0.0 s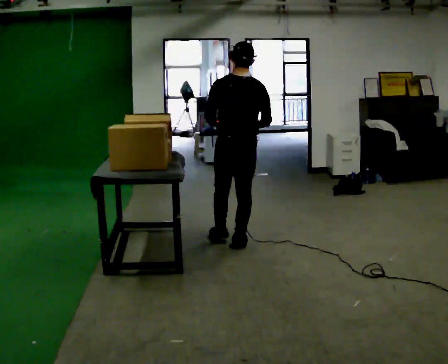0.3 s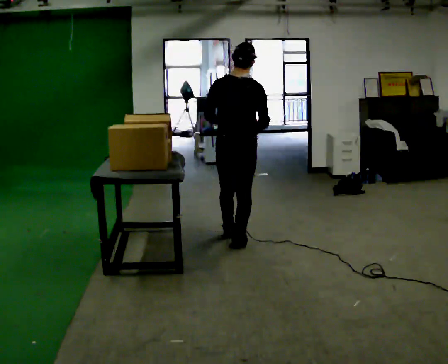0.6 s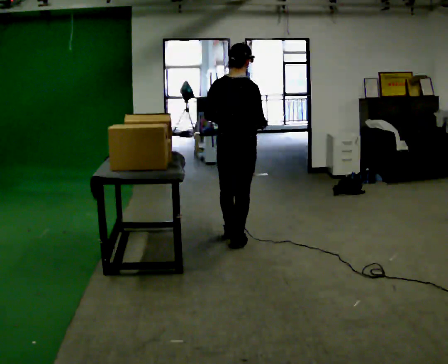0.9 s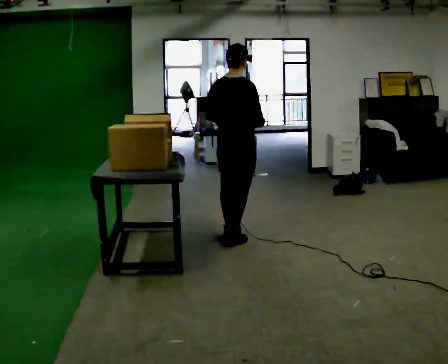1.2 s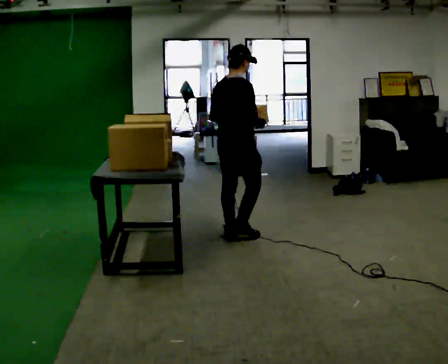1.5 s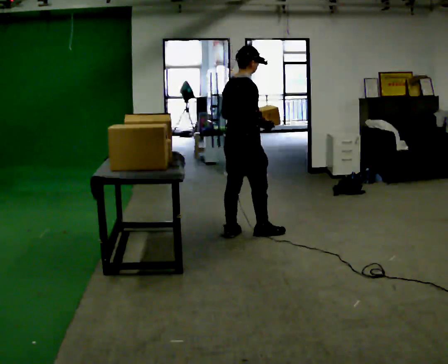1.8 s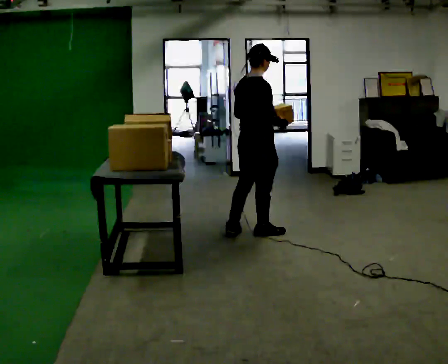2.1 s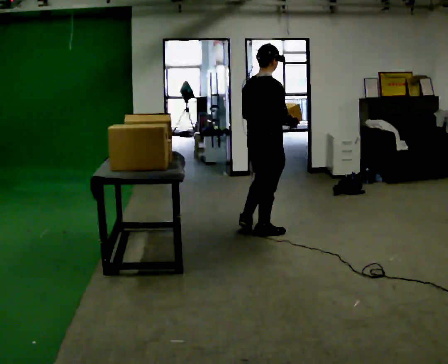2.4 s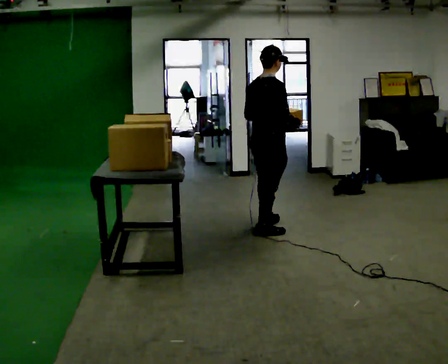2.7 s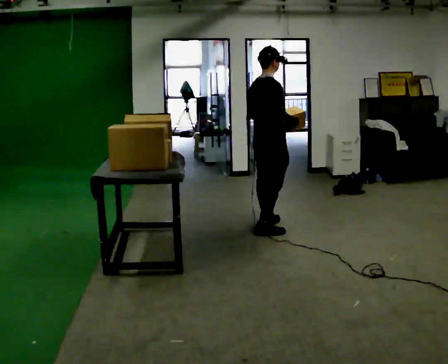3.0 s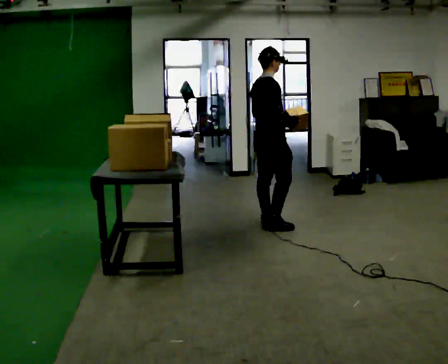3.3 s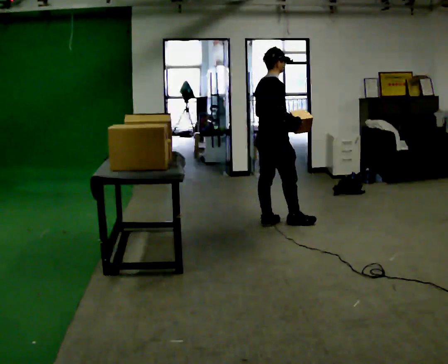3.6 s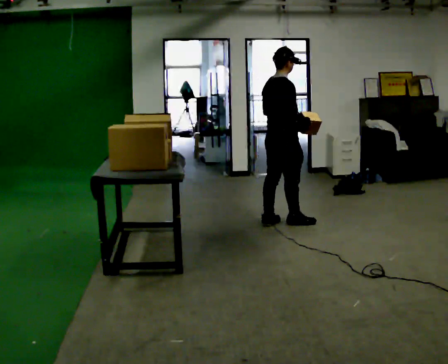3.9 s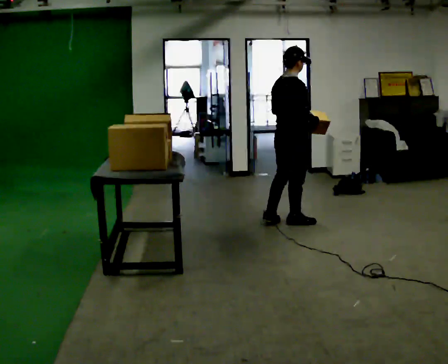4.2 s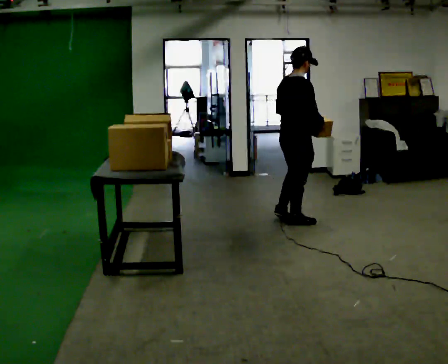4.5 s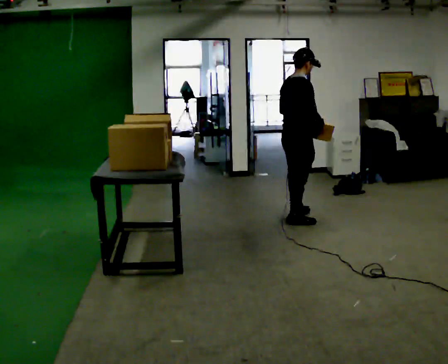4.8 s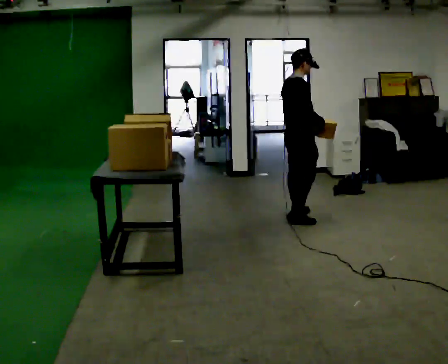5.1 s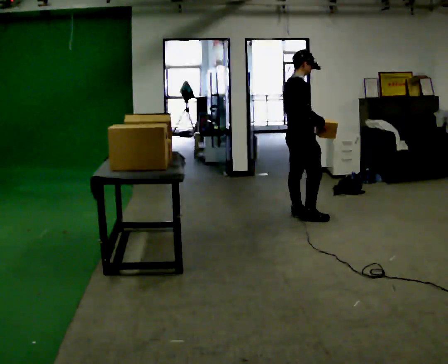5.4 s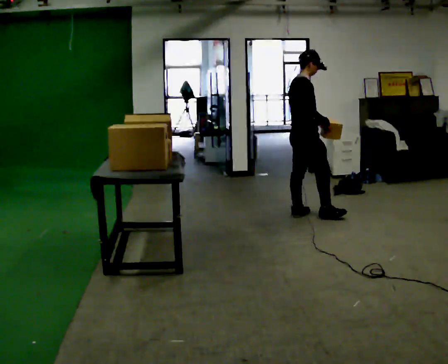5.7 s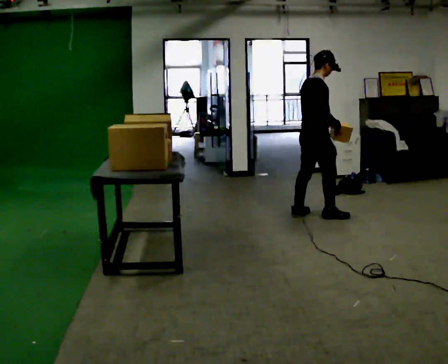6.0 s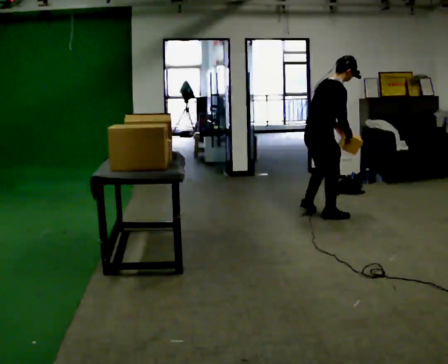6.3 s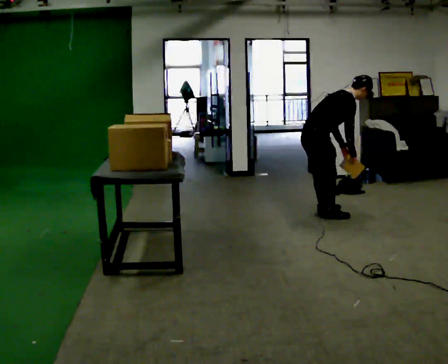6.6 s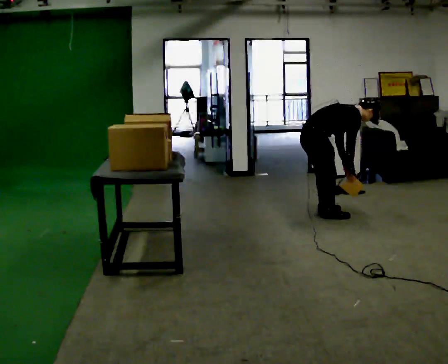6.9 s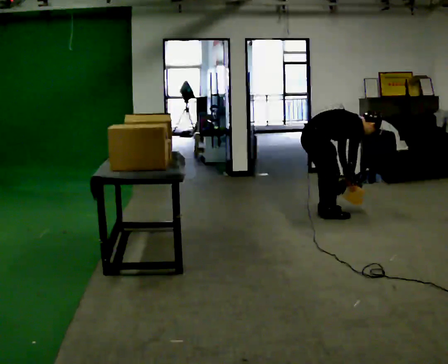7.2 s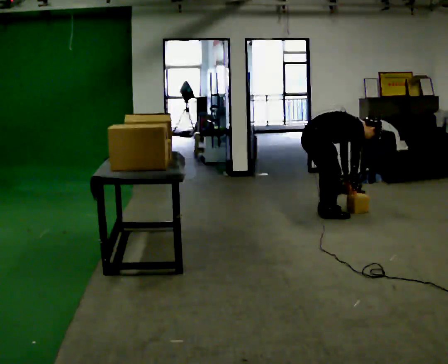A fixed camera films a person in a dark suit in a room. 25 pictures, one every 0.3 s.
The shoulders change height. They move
downward.
Their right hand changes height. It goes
downward.
0.0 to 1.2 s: The part of the body nearest the lens slides to the left as the person turns to their right by about 60 degrees. In the picture they go away from the camera, about 0.25 m in 1 step, which for them is forward.
1.2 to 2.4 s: In the picture they go to the right, about 0.25 m in 2 steps, which for them is forward and to their right.
2.4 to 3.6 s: In the picture they go away from the camera, about 0.25 m in 1 step, which for them is forward and to their left.
3.6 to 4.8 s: In the picture they go away from the camera and to the right, about 0.25 m in 1 step, which for them is forward.
4.8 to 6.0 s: In the picture they go to the right, about 0.25 m in 1 step, which for them is forward. In the picture the upper body tilts clockwise, shoulders to the right, as they bend forward.
6.0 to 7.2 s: The shoulders move downward. In the picture the upper body tilts clockwise, shoulders to the right, as they bend forward. In the picture their left hand goes downward.
The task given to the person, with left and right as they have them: Take the objects the operator names off the crowded shelf, one at a time, and carry each one to the table. You will have to move other things out of the way to reach them. Keep going until the operator says stop; one object at a time, and do not rush between trips.
The film runs forward here.
